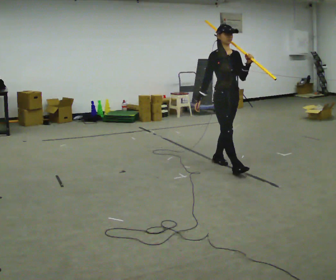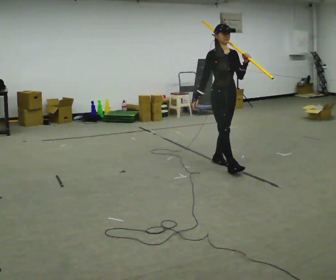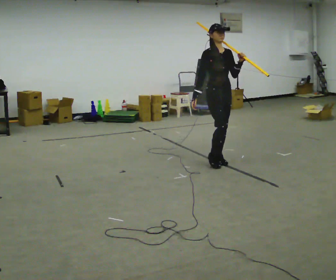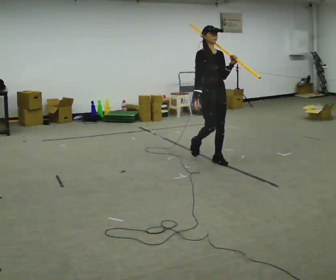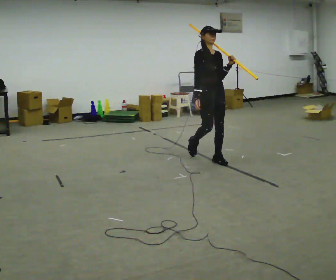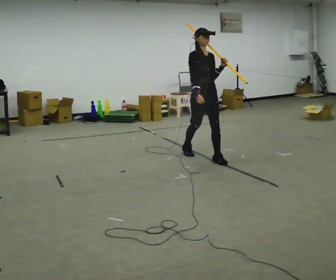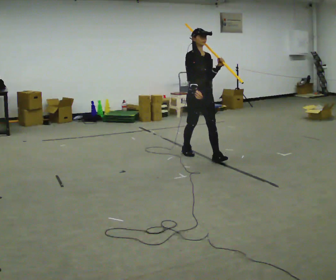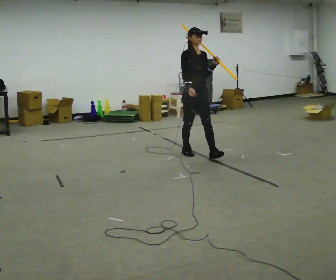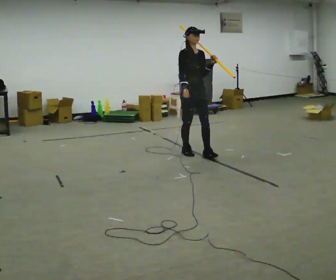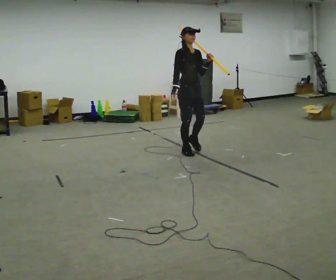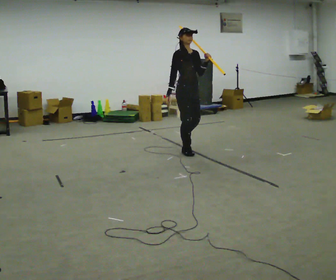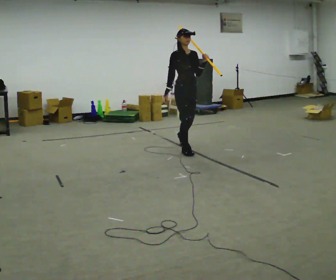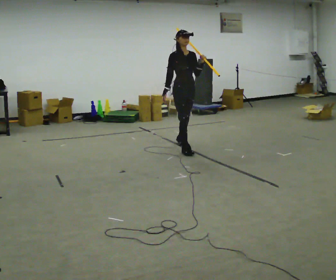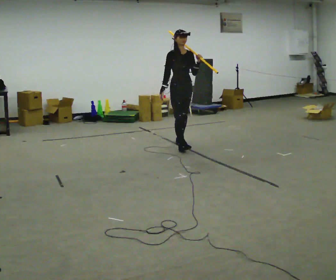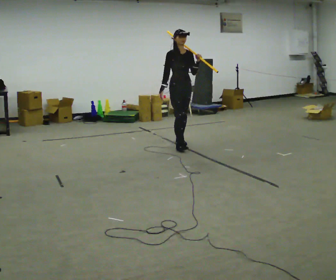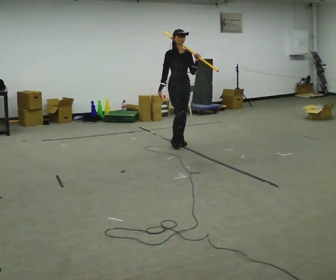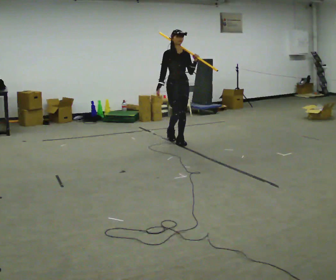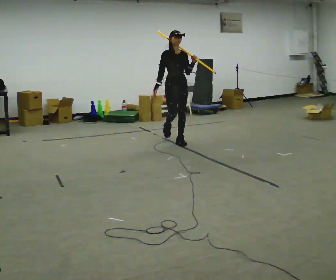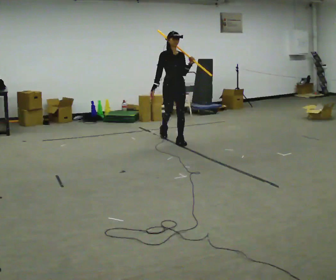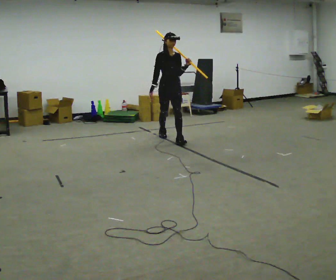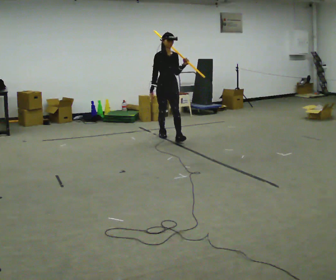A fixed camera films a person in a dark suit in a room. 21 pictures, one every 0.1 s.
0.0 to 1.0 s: In the picture they go away from the camera and to the left, about 1 m in 1 step, which for them is backward.
1.0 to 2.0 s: In the picture they go away from the camera, about 1 m in 2 steps, which for them is backward.
The film runs backward here.
